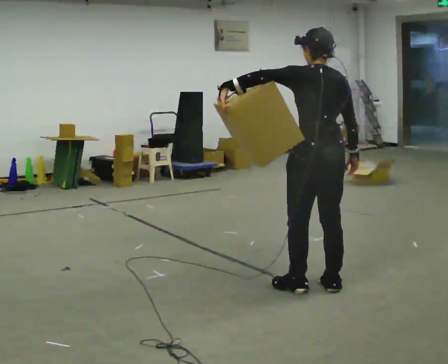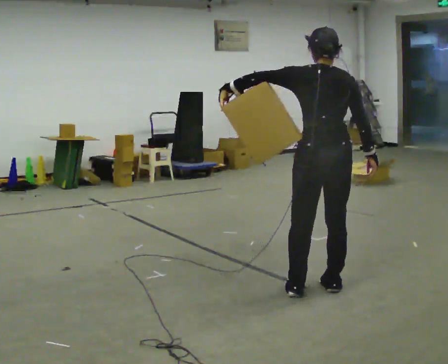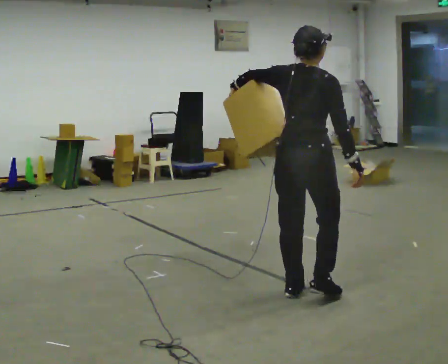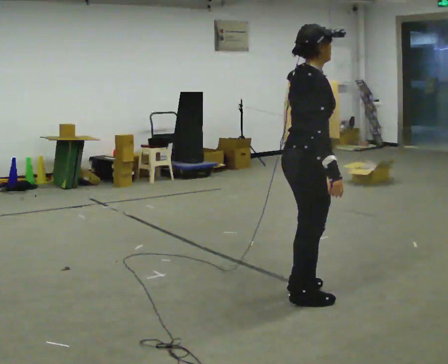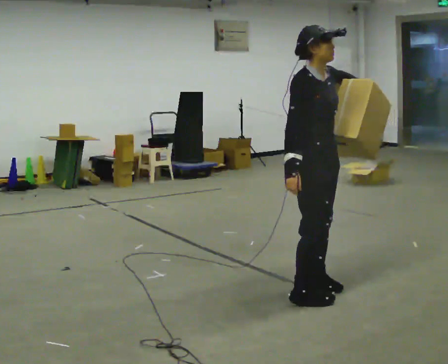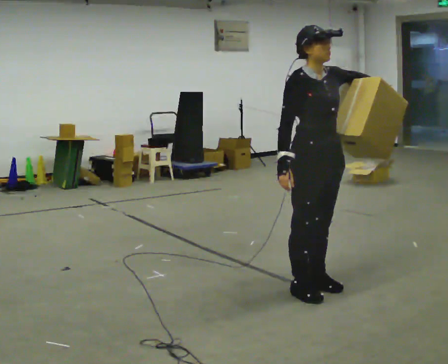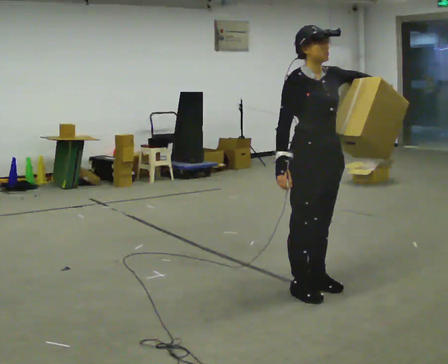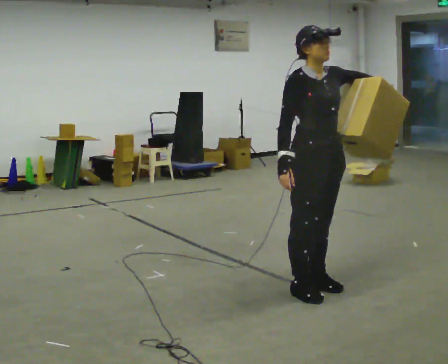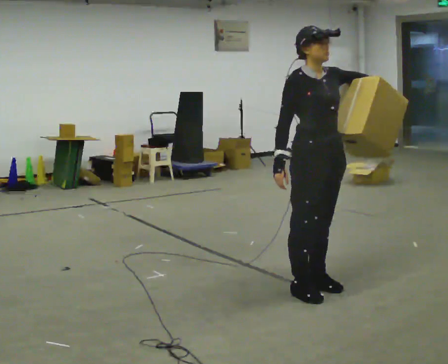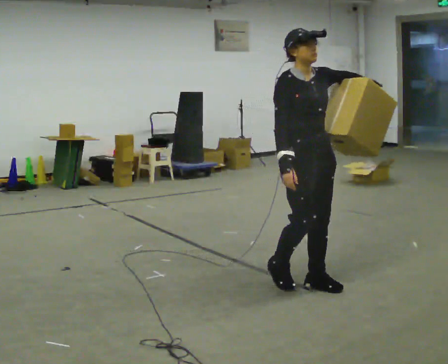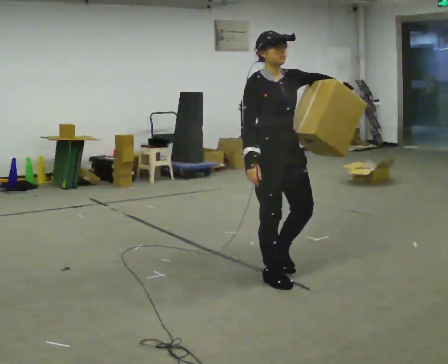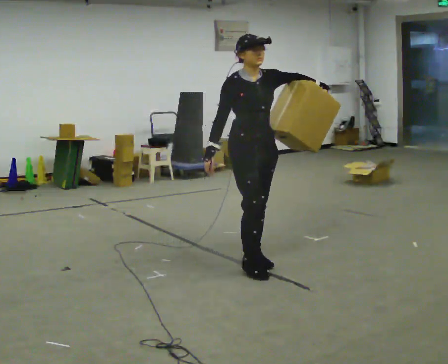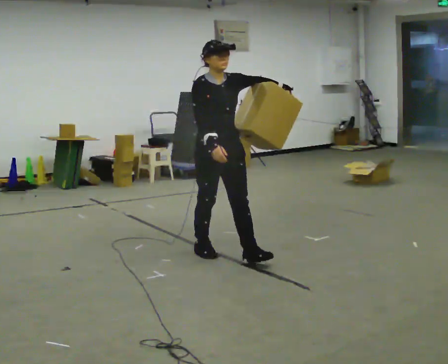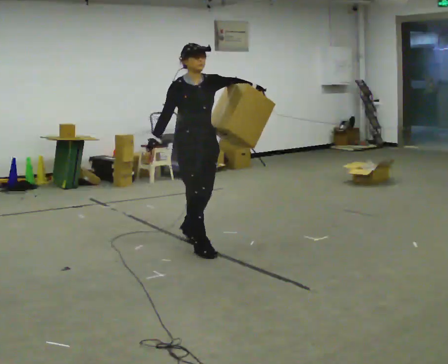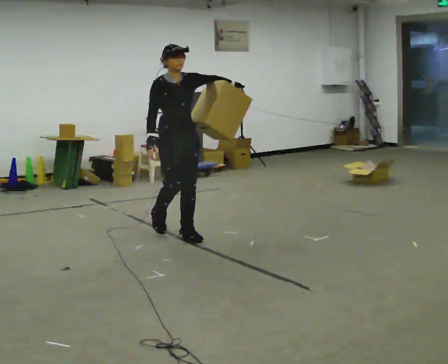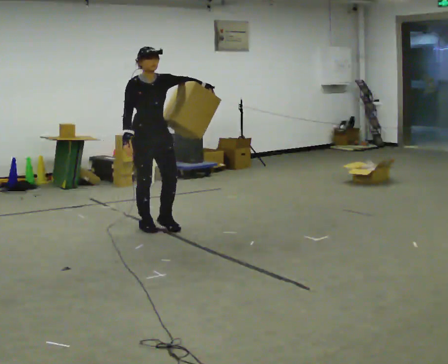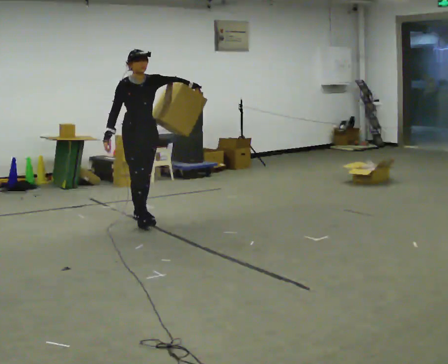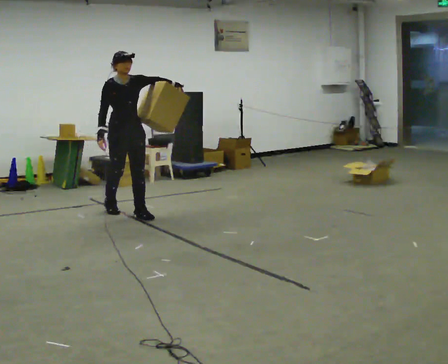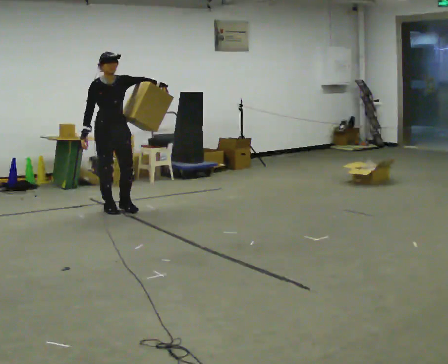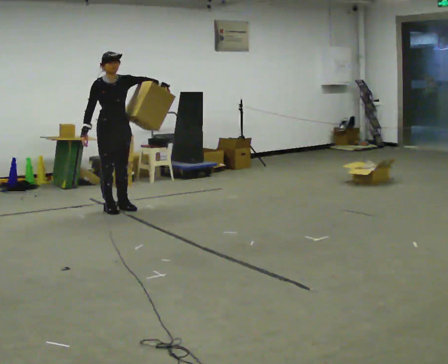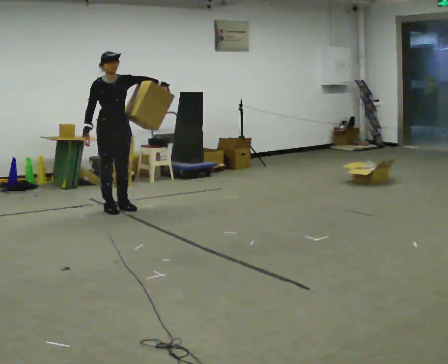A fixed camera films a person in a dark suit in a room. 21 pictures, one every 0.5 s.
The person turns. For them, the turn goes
to their right.
The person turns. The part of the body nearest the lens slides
to the left.
0.0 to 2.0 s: The part of the body nearest the lens slides to the left as the person turns to their right by about 150 degrees. In the picture their left hand goes to the right.
2.0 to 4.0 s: The person moves a little, or ends about where they began.
4.0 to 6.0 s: In the picture they go away from the camera and to the left, about 1 m in 4 steps, which for them is backward.
6.0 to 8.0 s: In the picture they go away from the camera and to the left, about 1.5 m in 3 steps, which for them is backward.
8.0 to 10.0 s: In the picture they go away from the camera and to the left, about 0.5 m in 1 step, which for them is backward.
The film runs backward here.
